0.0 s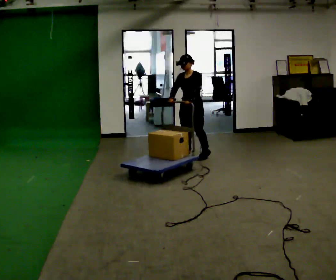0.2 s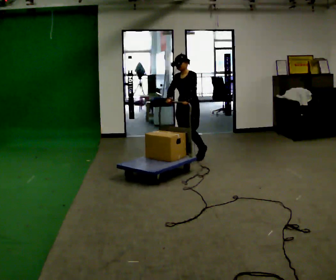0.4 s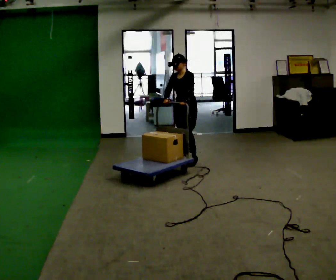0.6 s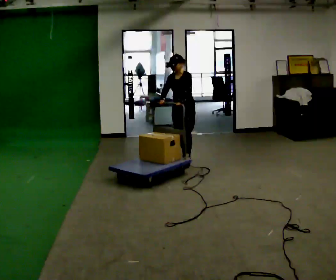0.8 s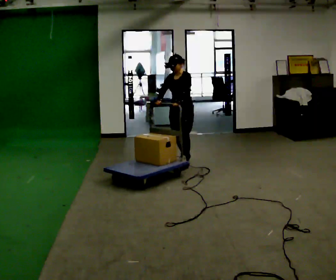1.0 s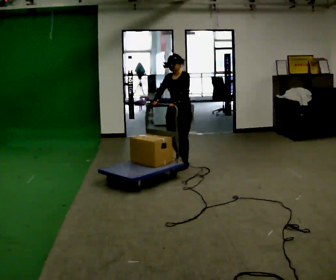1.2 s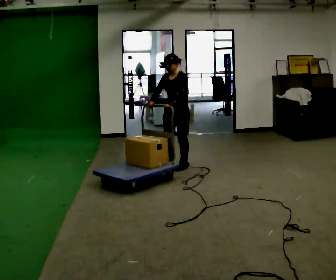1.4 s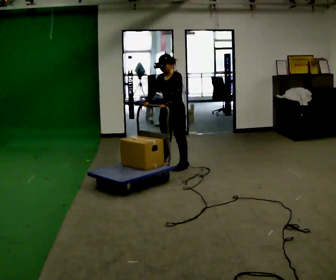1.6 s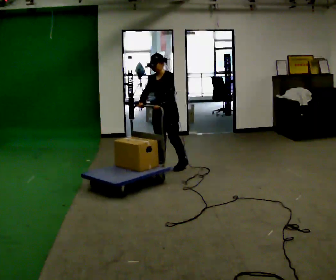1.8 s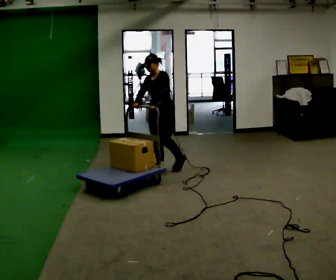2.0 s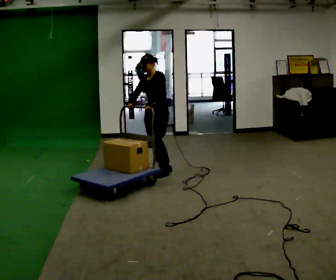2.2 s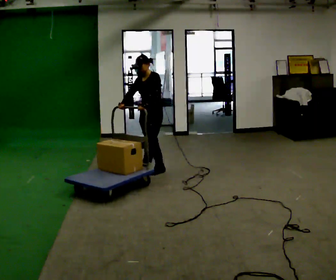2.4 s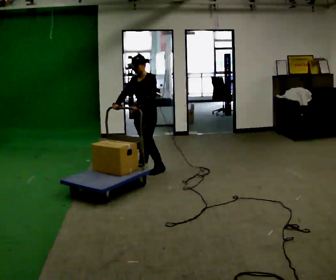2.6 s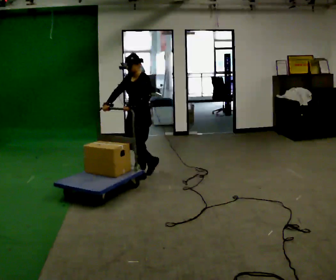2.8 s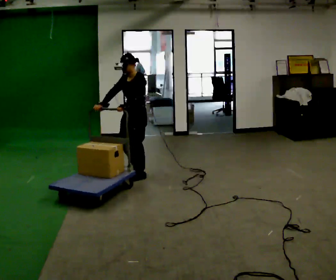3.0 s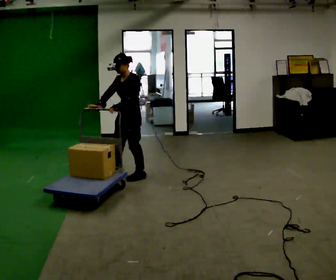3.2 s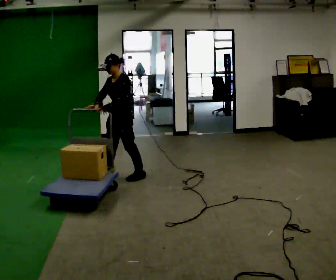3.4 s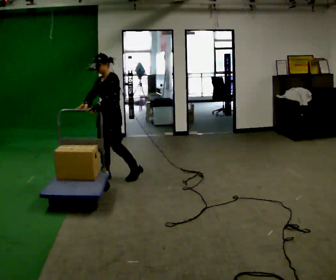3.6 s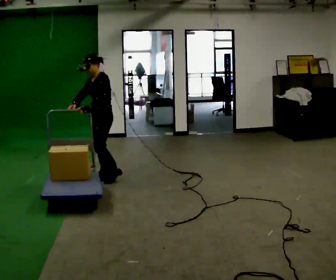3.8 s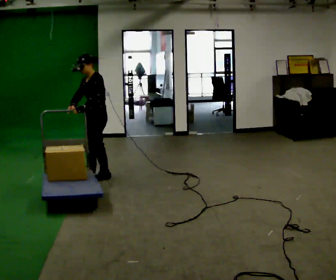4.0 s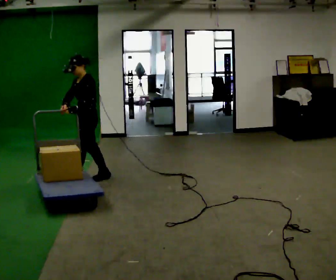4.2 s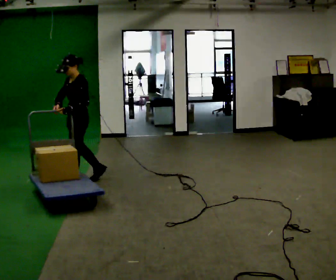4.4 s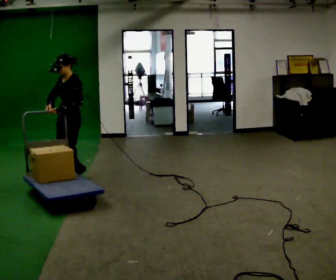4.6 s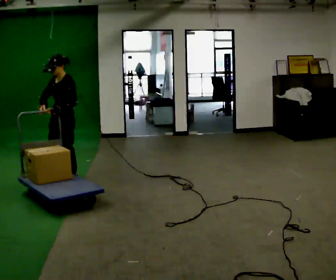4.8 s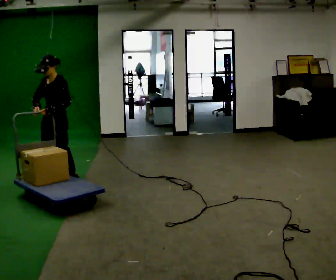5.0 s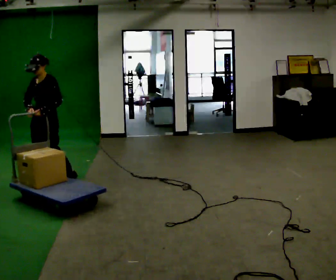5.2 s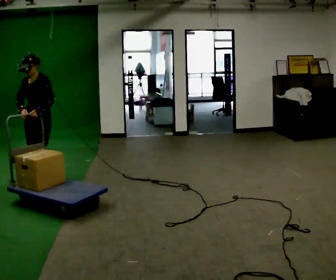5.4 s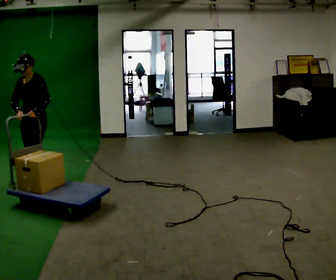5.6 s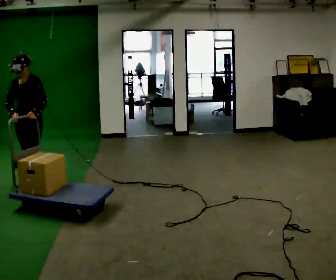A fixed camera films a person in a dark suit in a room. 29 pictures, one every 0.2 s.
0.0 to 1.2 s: In the picture they go toward the camera and to the left, about 0.5 m in 1 step, which for them is forward.
1.2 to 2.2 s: In the picture they go to the left and toward the camera, about 0.5 m in 1 step, which for them is forward.
2.2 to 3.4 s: In the picture they go to the left and toward the camera, about 0.5 m in 2 steps, which for them is forward.
3.4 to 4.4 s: In the picture they go to the left, about 0.5 m in 1 step, which for them is forward.
4.4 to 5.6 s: Seen from above the body turns counterclockwise, about 30 degrees: to their left, with its near side sliding to the right. In the picture they go to the left and toward the camera, about 0.5 m in 1 step, which for them is forward and to their right.
The film runs forward here.
